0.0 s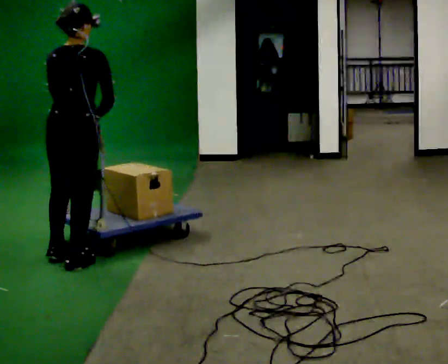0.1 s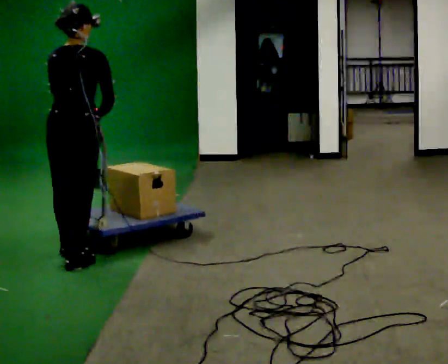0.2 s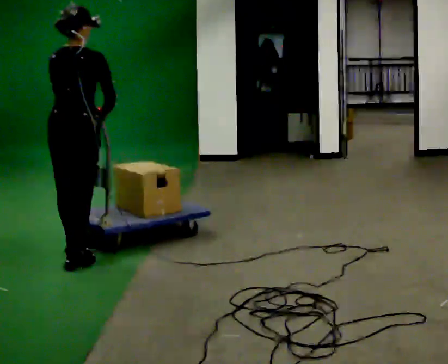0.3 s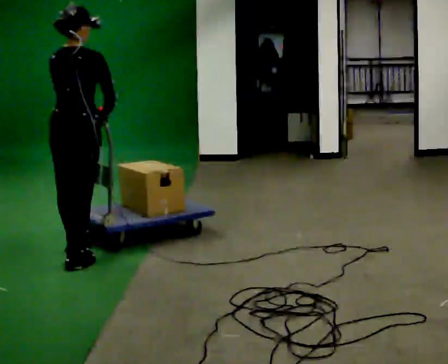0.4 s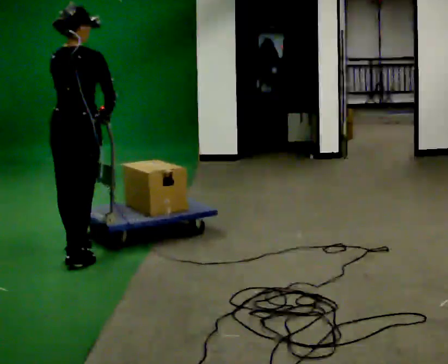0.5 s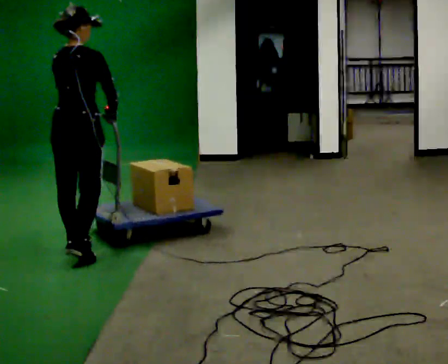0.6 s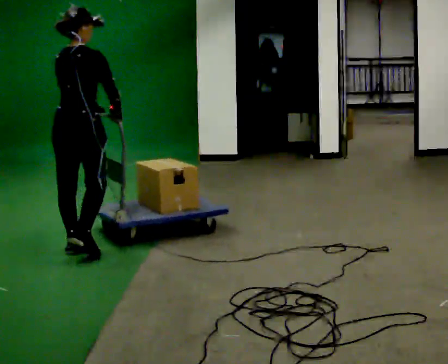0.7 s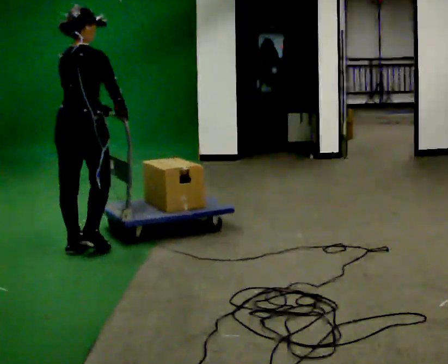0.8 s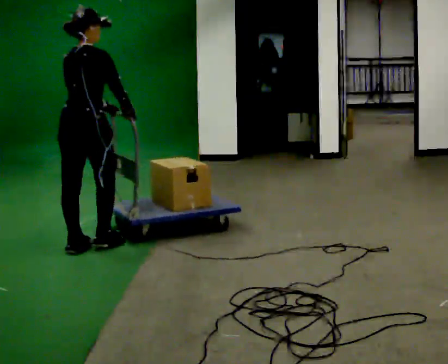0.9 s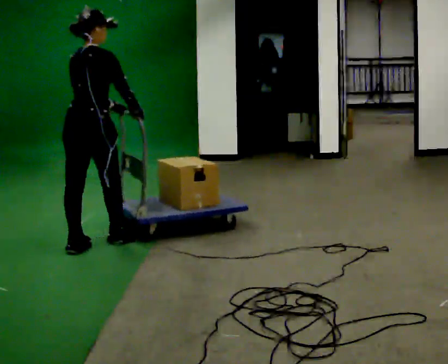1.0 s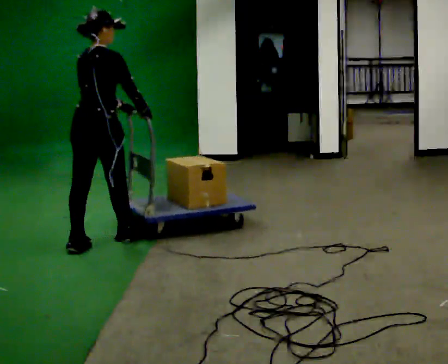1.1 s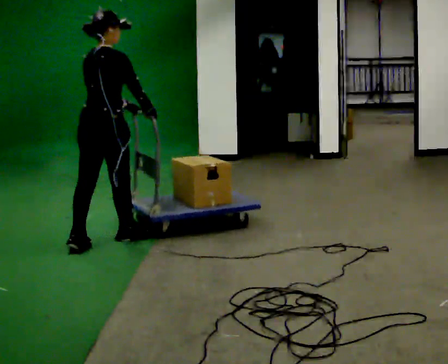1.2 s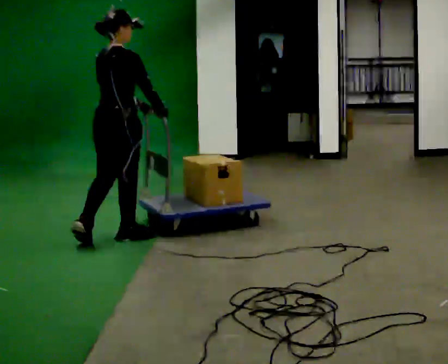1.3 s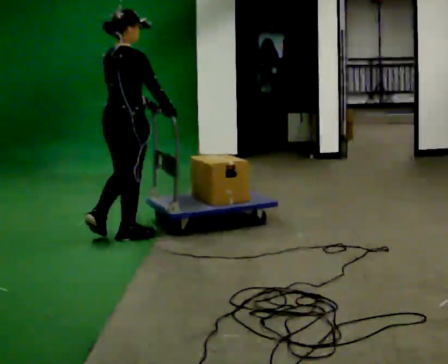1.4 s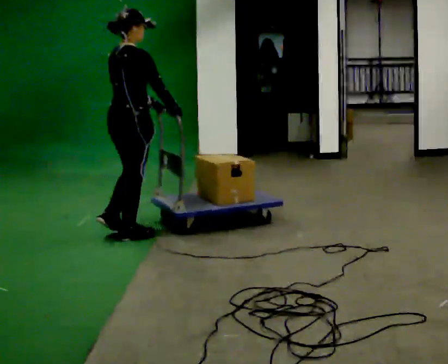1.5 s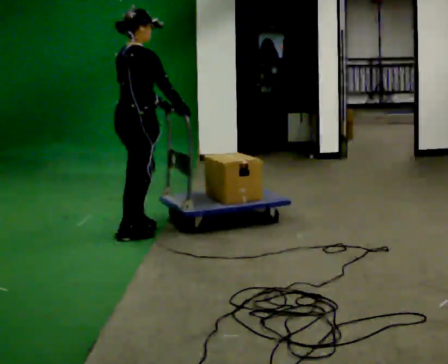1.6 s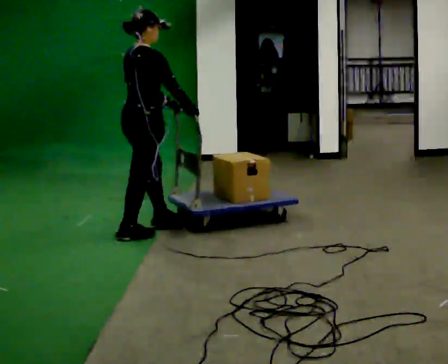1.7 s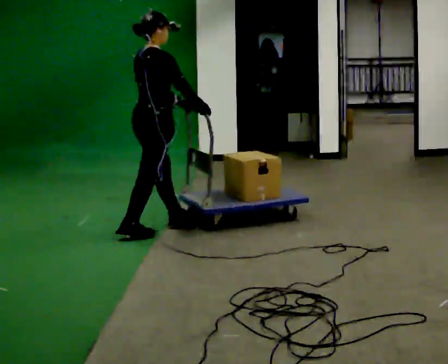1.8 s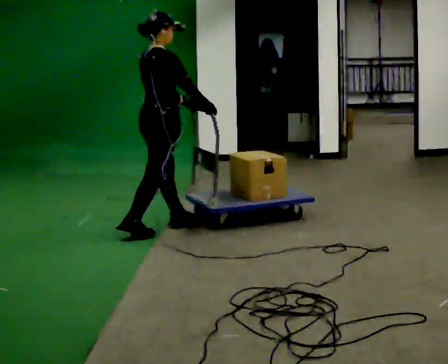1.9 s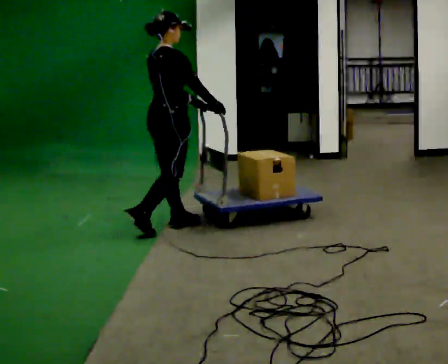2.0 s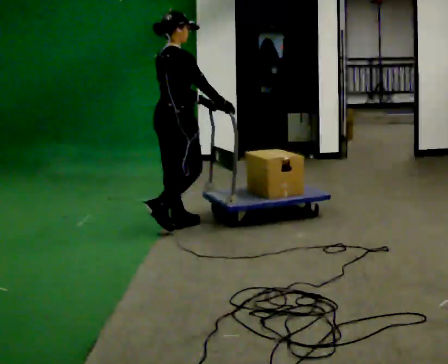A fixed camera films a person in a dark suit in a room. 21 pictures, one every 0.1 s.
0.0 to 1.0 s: The part of the body nearest the lens slides to the left as the person turns to their right by about 30 degrees. In the picture they go away from the camera and to the right, about 0.5 m in 2 steps, which for them is forward.
1.0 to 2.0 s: The person turns about 30 degrees to their right, clockwise seen from above, so the part of the body nearest the lens slides to the left. In the picture they go to the right and away from the camera, about 0.75 m in 1 step, which for them is forward.
The film runs forward here.
